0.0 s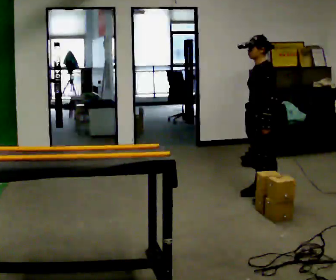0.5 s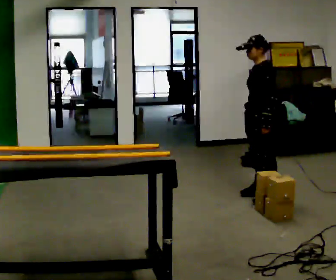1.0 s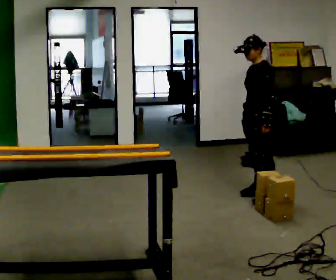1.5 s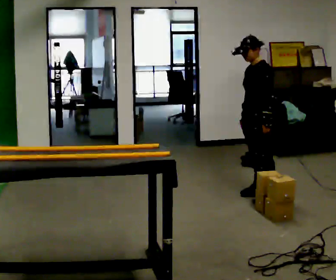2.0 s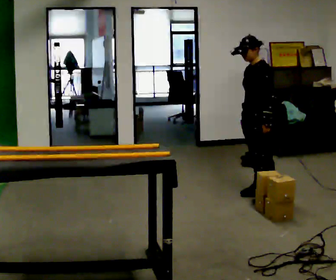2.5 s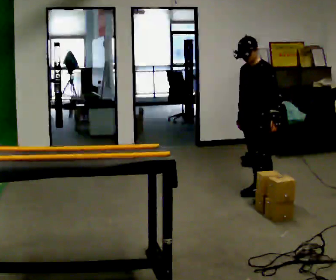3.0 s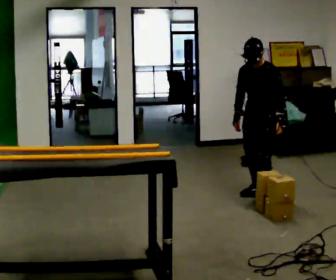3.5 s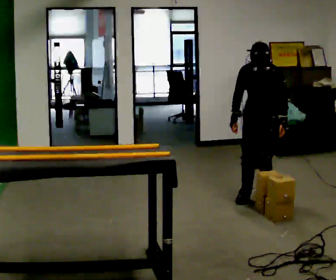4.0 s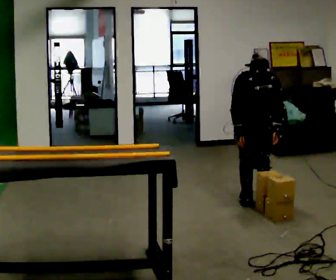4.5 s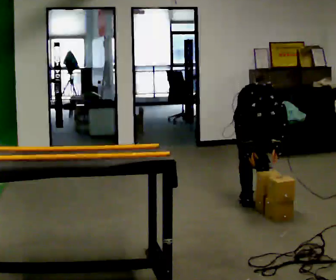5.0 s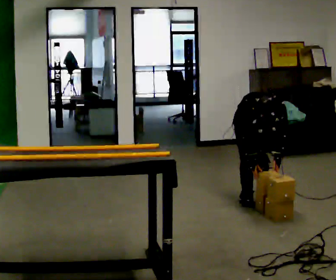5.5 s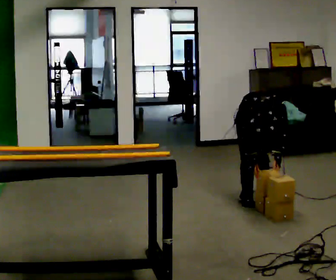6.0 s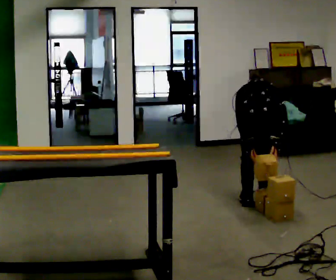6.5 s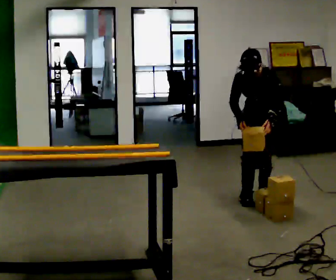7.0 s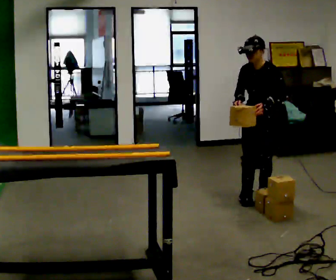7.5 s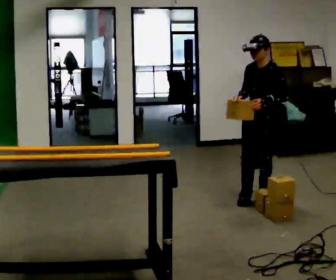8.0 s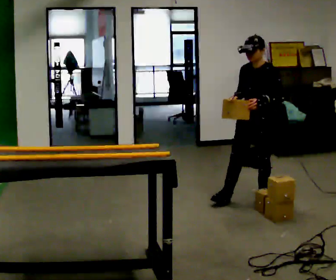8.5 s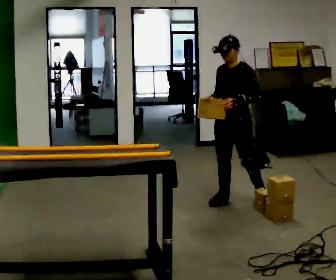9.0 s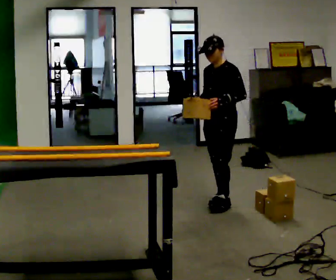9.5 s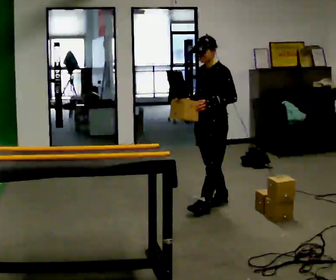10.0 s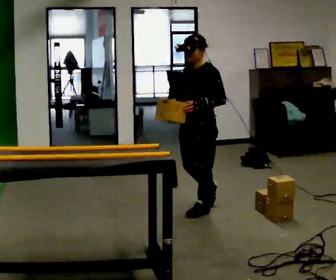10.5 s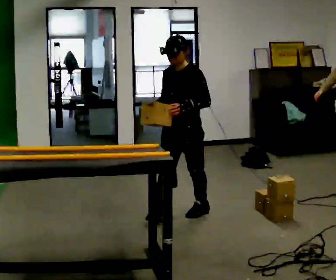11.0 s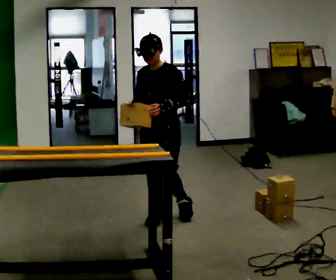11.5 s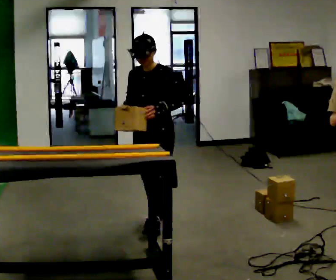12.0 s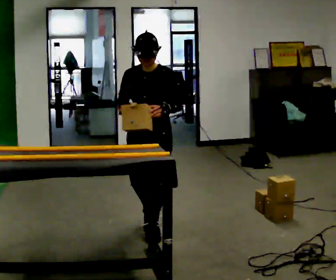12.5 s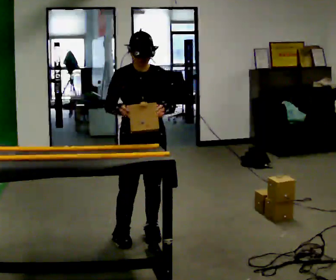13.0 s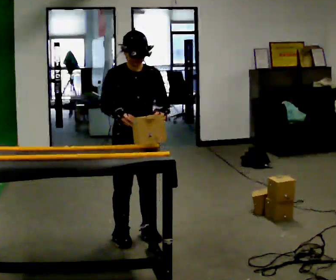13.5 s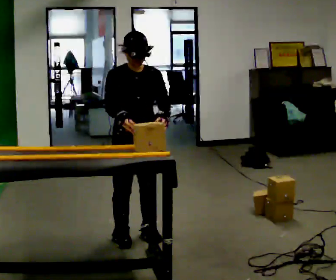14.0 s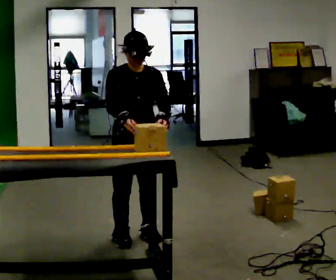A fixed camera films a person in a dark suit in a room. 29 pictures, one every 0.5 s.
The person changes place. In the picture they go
toward the camera.
0.0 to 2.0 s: The person moves a little, or ends about where they began.
2.0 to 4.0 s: The person turns about 75 degrees to their left, counterclockwise seen from above, so the part of the body nearest the lens slides to the right. The upper body tips toward the camera, its near side rolling downward, as they bend forward.
4.0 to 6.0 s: The person moves a little, or ends about where they began.
6.0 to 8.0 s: Seen from above the body turns clockwise, about 30 degrees: to their right, with its near side sliding to the left. The shoulders move upward. The upper body tips away from the camera, its near side rolling upward, as they lean back or straighten. In the picture their left hand goes upward.
8.0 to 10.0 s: In the picture they go toward the camera and to the left, about 0.5 m in 1 step, which for them is forward.
10.0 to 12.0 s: The part of the body nearest the lens slides to the right as the person turns to their left by about 30 degrees. In the picture they go toward the camera, about 0.75 m in 2 steps, which for them is forward.
12.0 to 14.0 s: The person turns about 30 degrees to their left, counterclockwise seen from above, so the part of the body nearest the lens slides to the right. In the picture they go toward the camera, about 0.25 m in 1 step, which for them is to their right.
The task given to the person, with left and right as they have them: Carry the object across the room and slide it into the slot on the shelf. It is a close fit, so take the time you need. Keep going until the operator says stop; one object at a time, and do not rush between trips.
The film runs forward here.
